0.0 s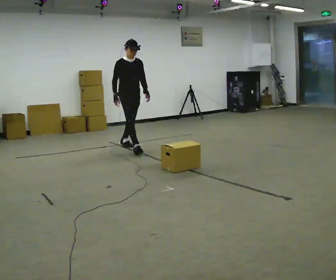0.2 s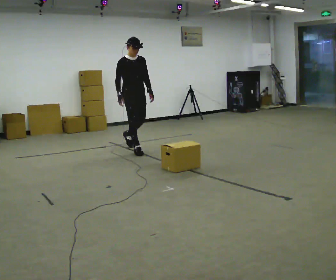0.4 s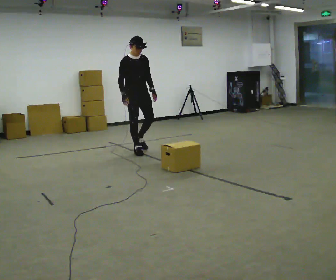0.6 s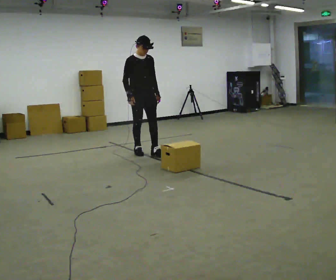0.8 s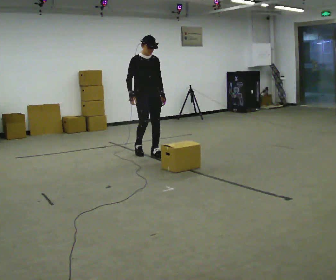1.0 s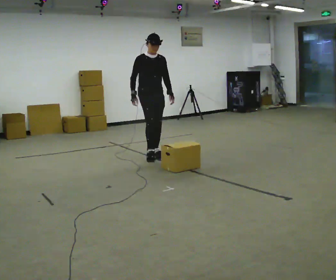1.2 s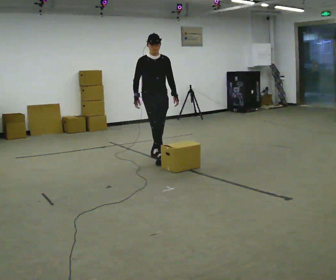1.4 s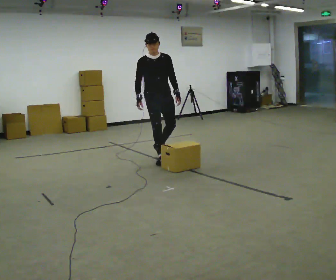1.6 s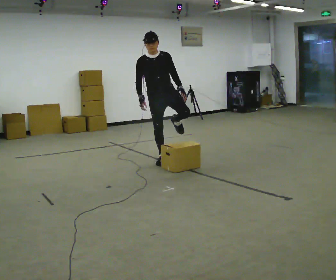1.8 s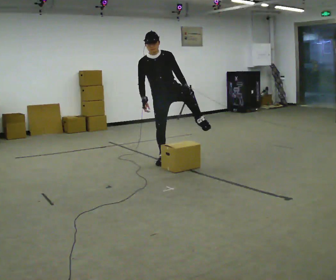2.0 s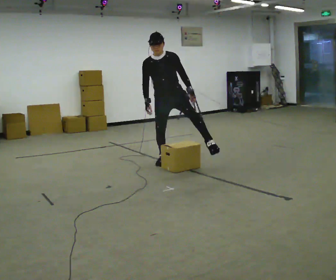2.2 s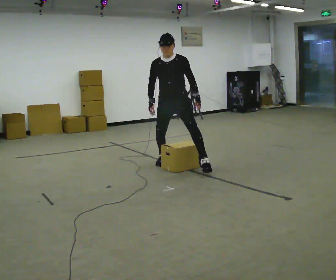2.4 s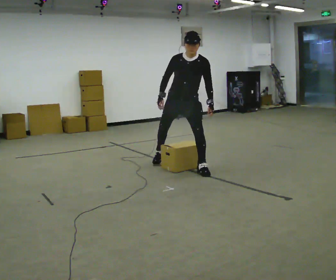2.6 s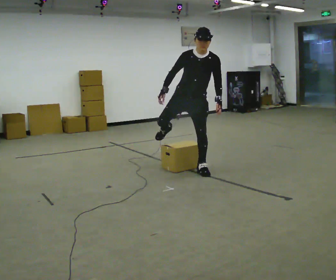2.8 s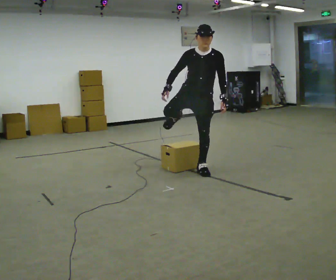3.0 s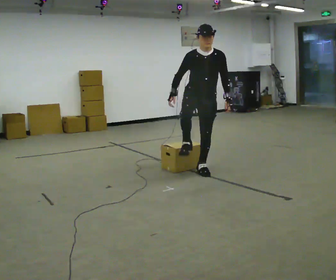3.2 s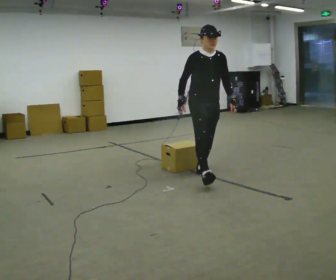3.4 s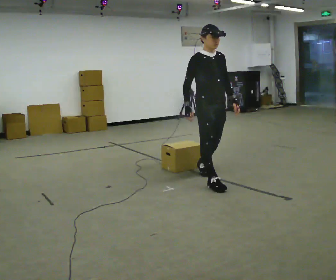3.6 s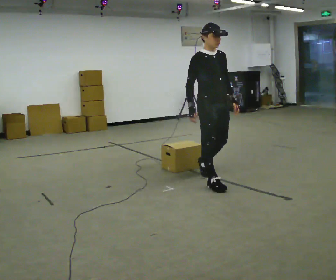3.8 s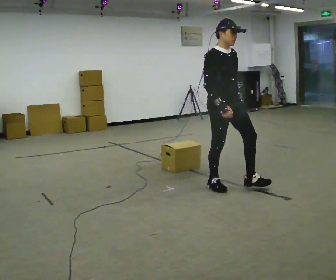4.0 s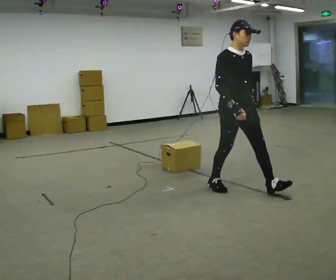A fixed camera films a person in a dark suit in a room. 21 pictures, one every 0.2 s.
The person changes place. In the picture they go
toward the camera.
0.0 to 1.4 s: In the picture they go toward the camera and to the right, about 1 m in 2 steps, which for them is forward.
1.4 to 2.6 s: In the picture they go toward the camera and to the right, about 0.5 m in 1 step, which for them is to their left and forward.
2.6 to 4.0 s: Seen from above the body turns counterclockwise, about 30 degrees: to their left, with its near side sliding to the right. In the picture they go toward the camera and to the right, about 1 m in 1 step, which for them is forward.
The film runs forward here.
